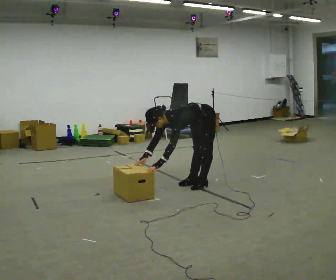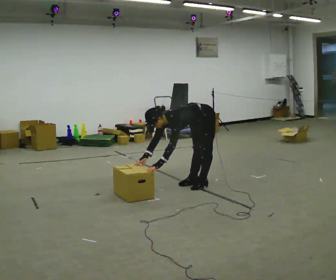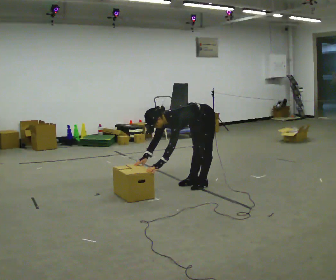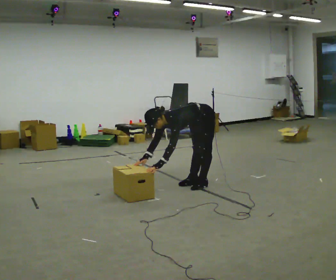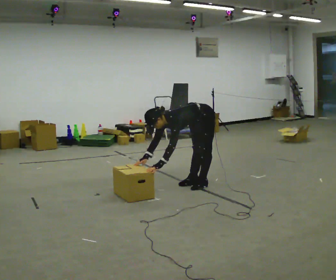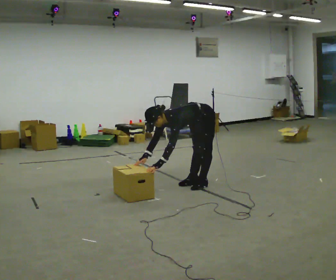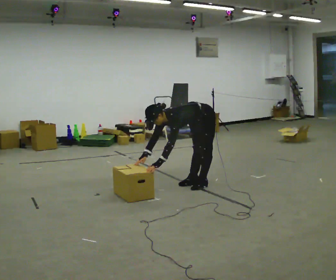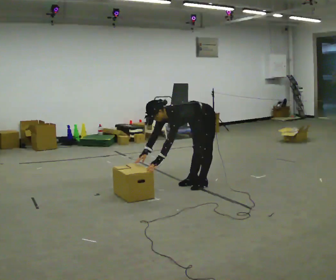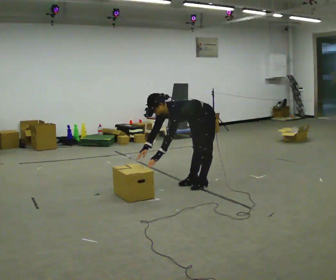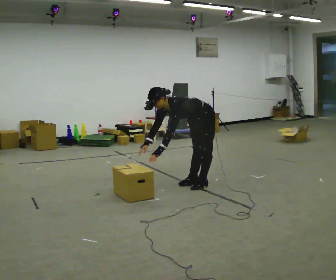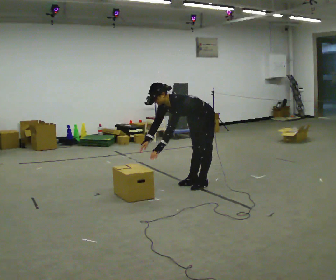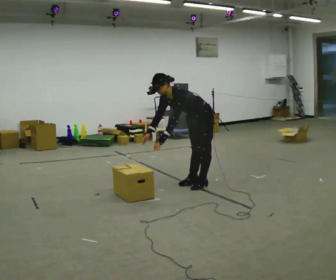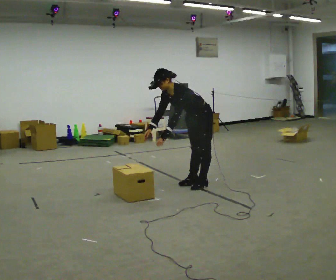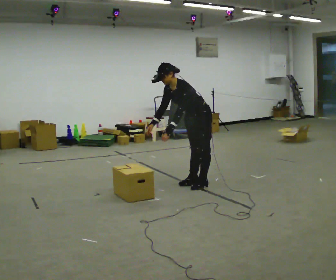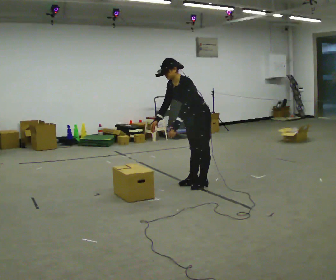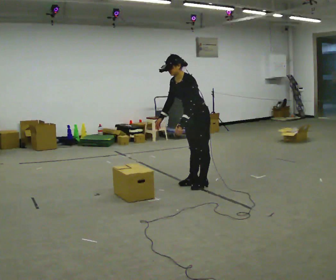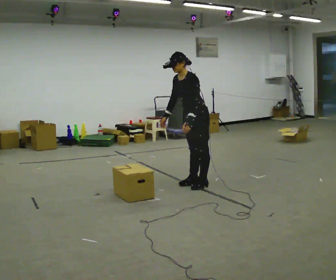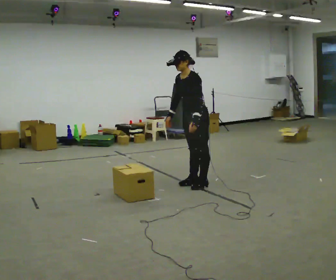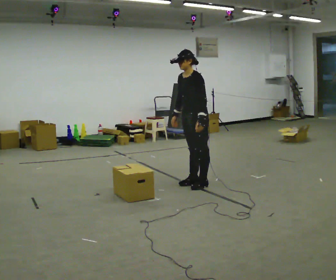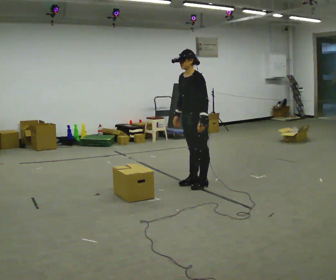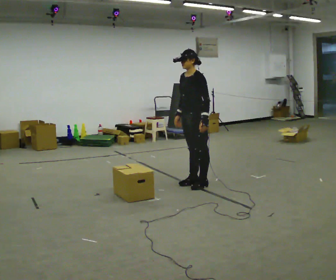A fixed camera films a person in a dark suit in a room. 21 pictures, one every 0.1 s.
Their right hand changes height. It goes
upward.
The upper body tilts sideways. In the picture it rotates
clockwise.
0.0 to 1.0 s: The shoulders move upward. In the picture the upper body tilts clockwise, shoulders to the right, as they lean back or straighten.
1.0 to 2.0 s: The shoulders move upward. In the picture the upper body tilts clockwise, shoulders to the right, as they lean back or straighten. In the picture their left hand goes to the right.
The film runs backward here.
